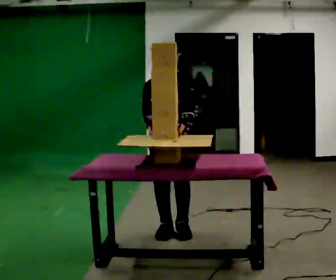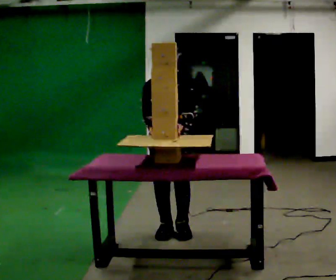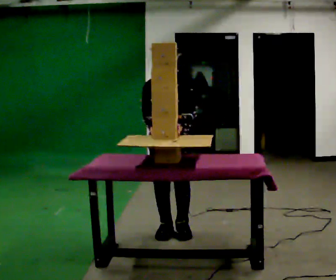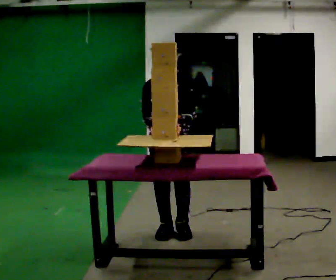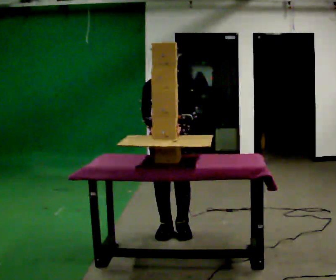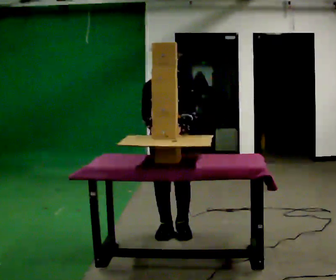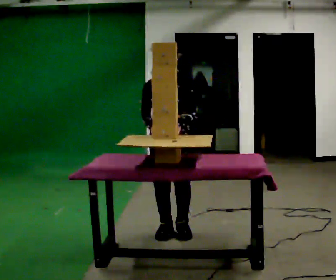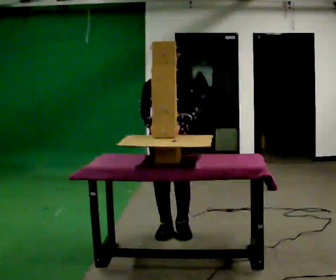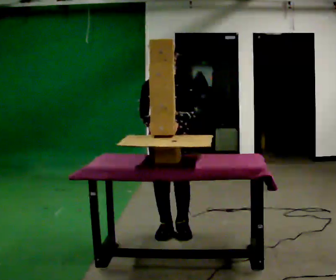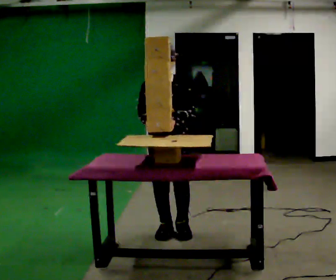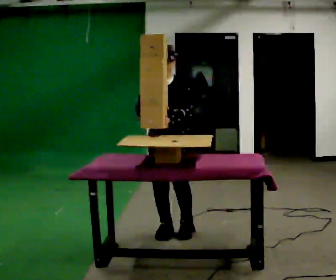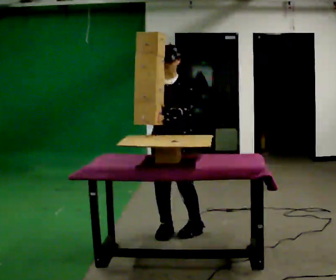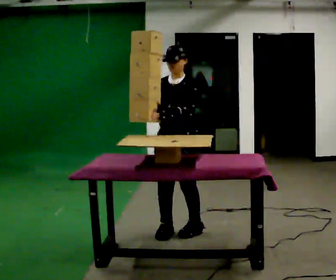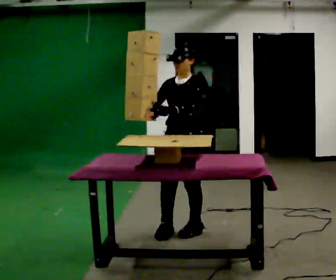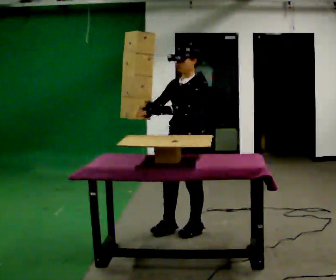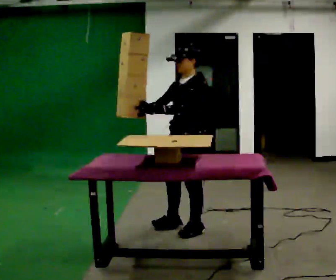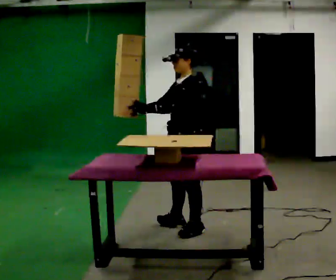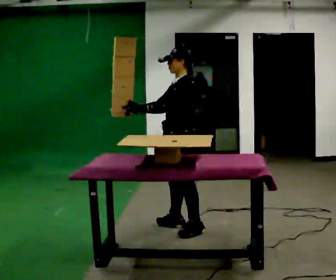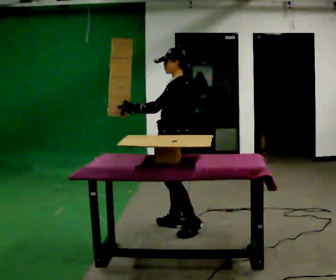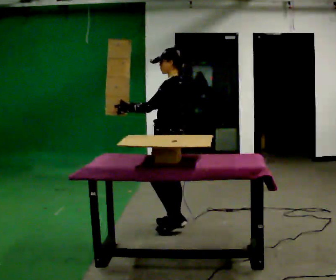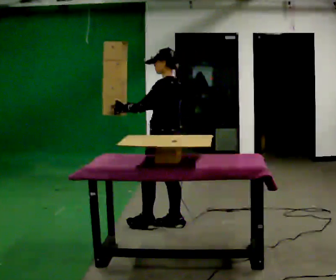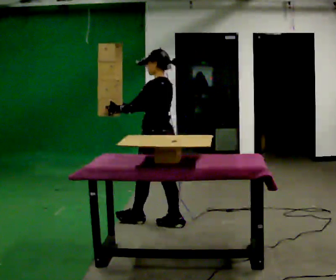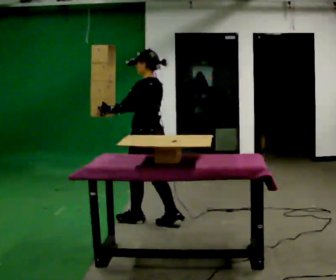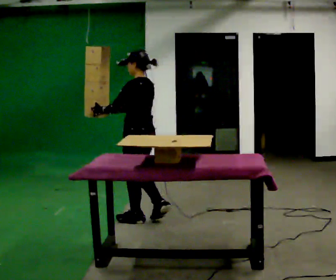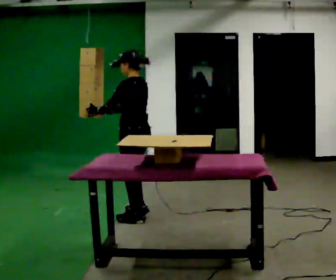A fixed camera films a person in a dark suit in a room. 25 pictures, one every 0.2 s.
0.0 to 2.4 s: The person moves a little, or ends about where they began.
2.4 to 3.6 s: Seen from above the body turns clockwise, about 60 degrees: to their right, with its near side sliding to the left. In the picture they go away from the camera, about 0.25 m in 1 step.
3.6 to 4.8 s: In the picture they go to the left and away from the camera, about 0.5 m in 1 step, which for them is forward.
The film runs forward here.
